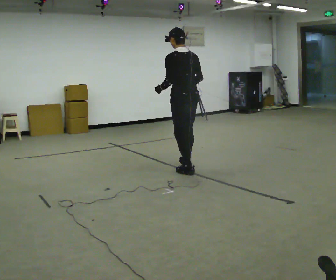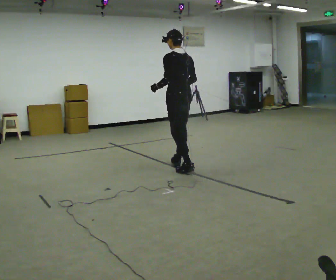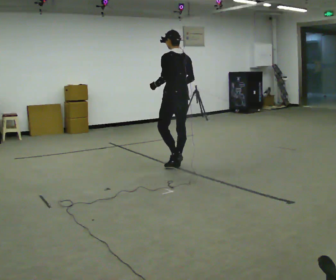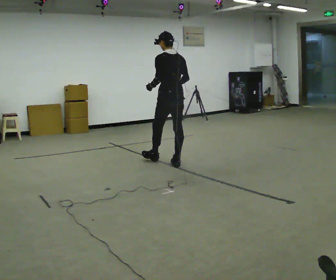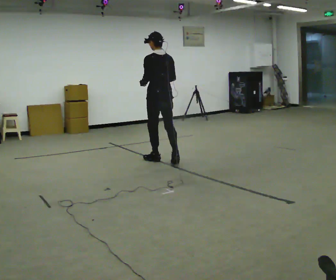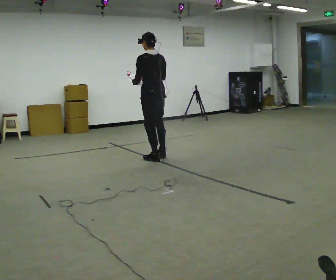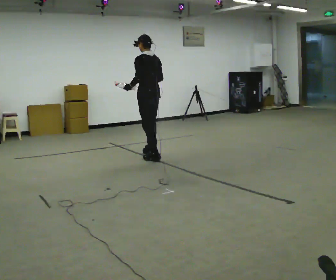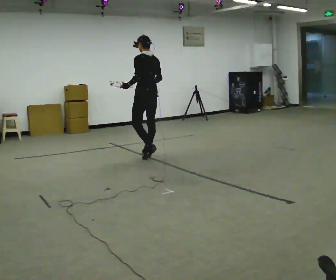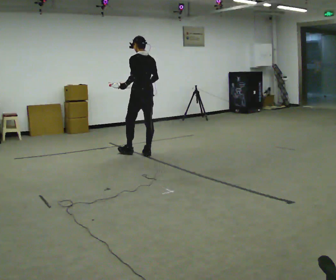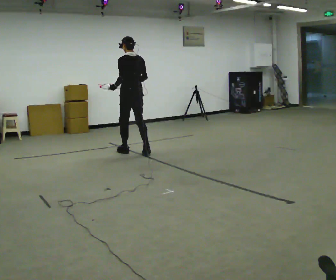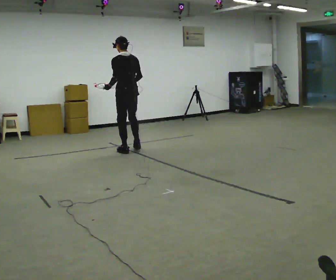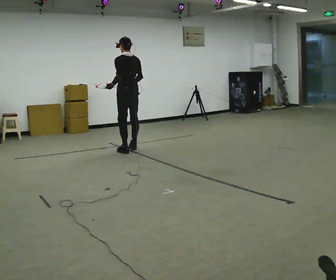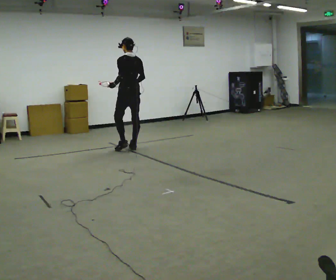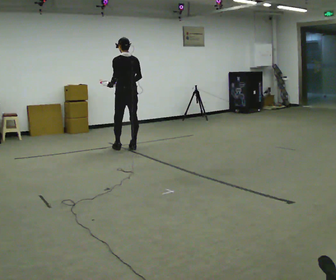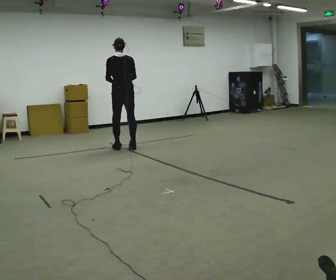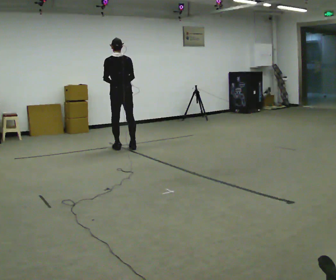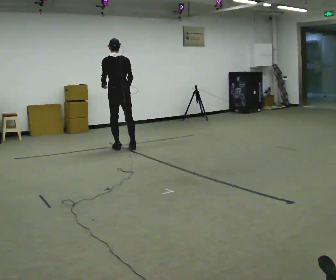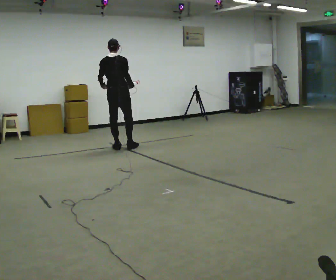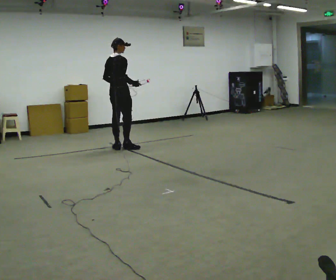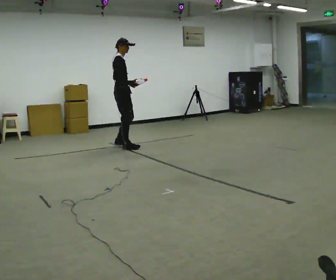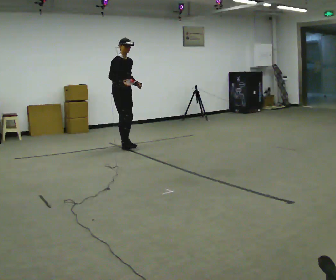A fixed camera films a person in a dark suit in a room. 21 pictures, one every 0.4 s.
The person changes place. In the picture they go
away from the camera.
0.0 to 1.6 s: In the picture they go away from the camera and to the left, about 0.5 m in 2 steps, which for them is forward.
1.6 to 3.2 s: In the picture they go away from the camera and to the left, about 0.5 m in 1 step, which for them is forward.
3.2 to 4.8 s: In the picture they go away from the camera and to the left, about 0.5 m in 2 steps, which for them is forward.
4.8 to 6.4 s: The person turns about 30 degrees to their right, clockwise seen from above, so the part of the body nearest the lens slides to the left. In the picture they go to the left, about 0.25 m in 1 step, which for them is to their left.
6.4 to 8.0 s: The person turns about 135 degrees to their right, clockwise seen from above, so the part of the body nearest the lens slides to the left. In the picture they go away from the camera, about 0.25 m in 2 steps.
The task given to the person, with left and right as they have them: Carry the object in one hand and, while walking, pass it to your other hand. Keep passing it back and forth as you walk.
The film runs forward here.
